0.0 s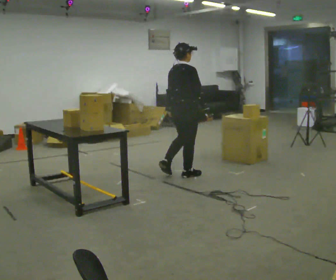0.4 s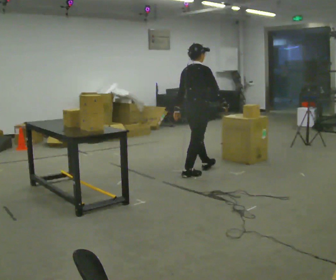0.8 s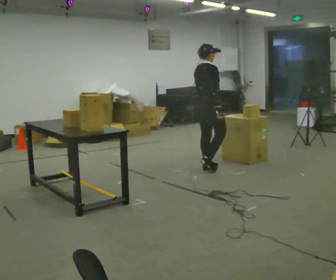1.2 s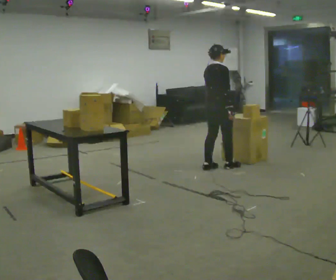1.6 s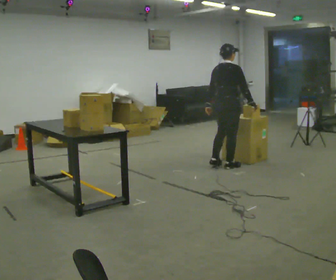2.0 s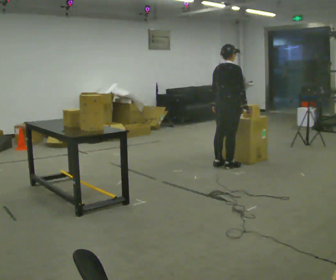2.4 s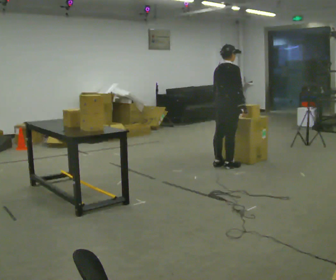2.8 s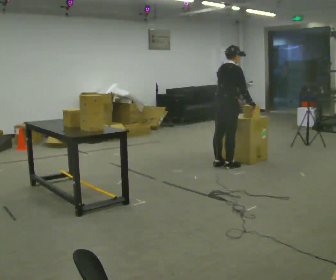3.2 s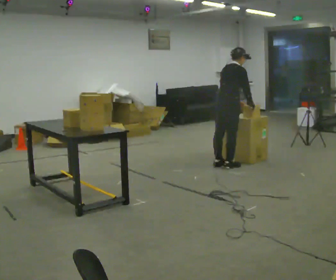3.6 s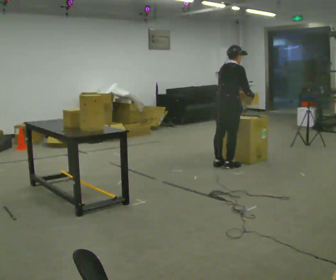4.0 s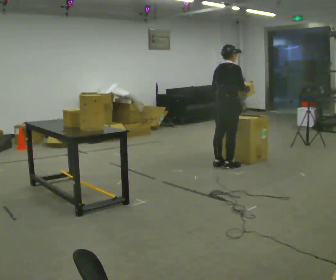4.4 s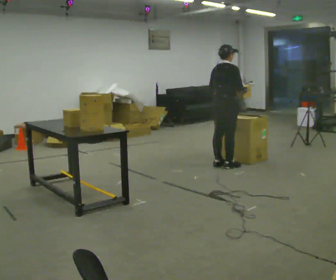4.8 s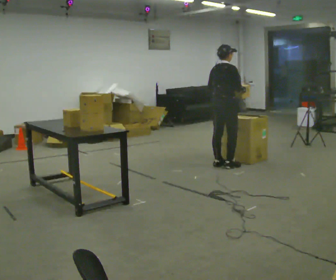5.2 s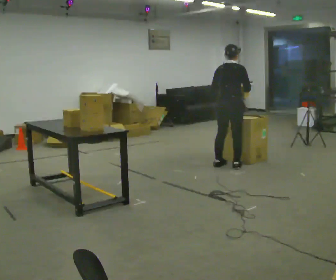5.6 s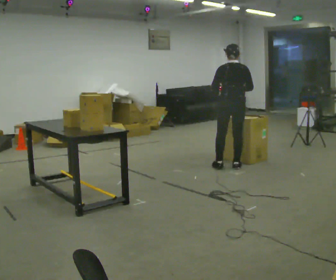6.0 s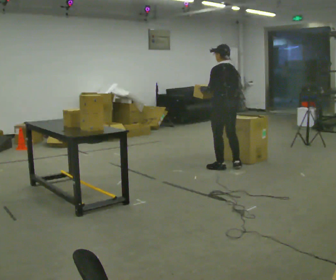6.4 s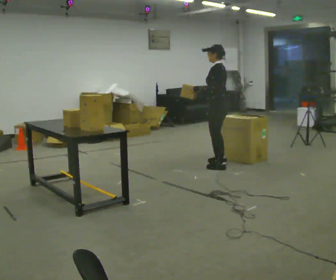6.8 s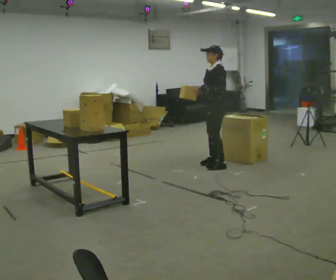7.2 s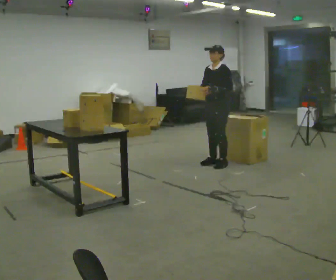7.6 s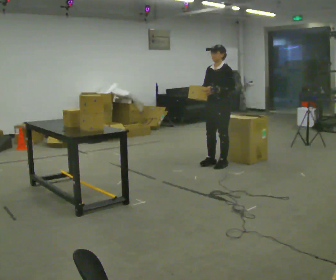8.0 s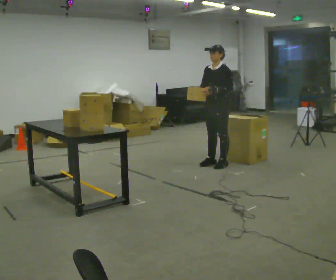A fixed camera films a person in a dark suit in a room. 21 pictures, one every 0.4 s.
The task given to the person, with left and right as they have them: Move objects one at a time from the waist-height shelf at one end of the room to the waist-height shelf at the other end. Keep going until the operator says stop; one object at a time, and do not rush between trips.
0.0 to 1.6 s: In the picture they go away from the camera and to the right, about 0.75 m in 2 steps, which for them is forward.
1.6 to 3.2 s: In the picture their left hand goes to the right.
3.2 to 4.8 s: The person moves a little, or ends about where they began.
4.8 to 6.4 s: The part of the body nearest the lens slides to the right as the person turns to their left by about 120 degrees.
6.4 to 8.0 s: Seen from above the body turns counterclockwise, about 60 degrees: to their left, with its near side sliding to the right.
The film runs forward here.
